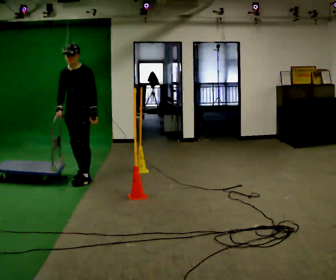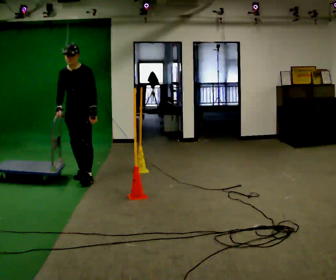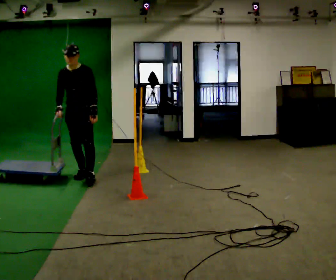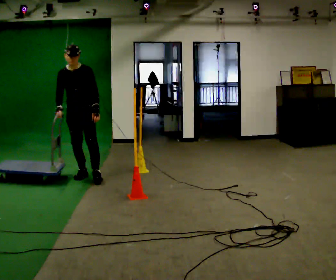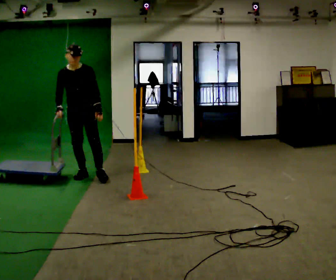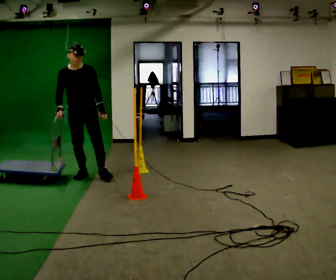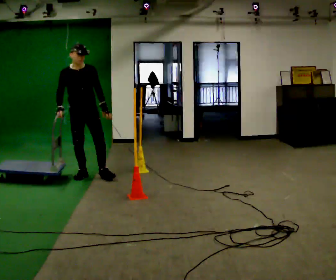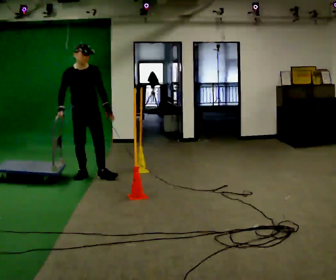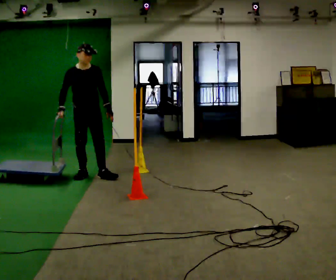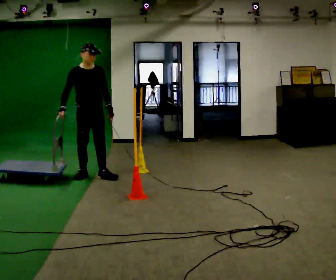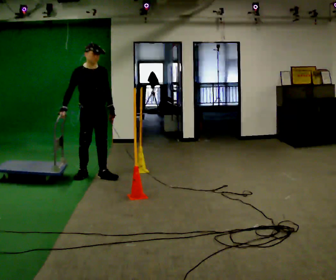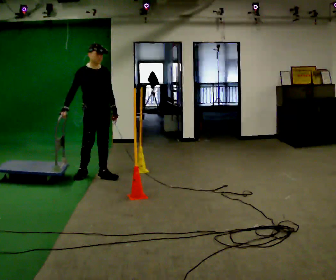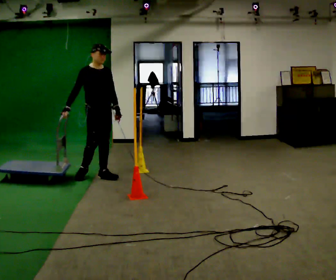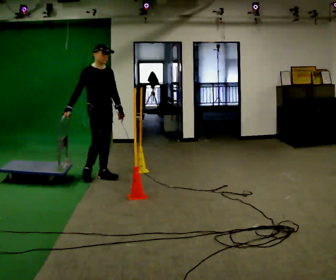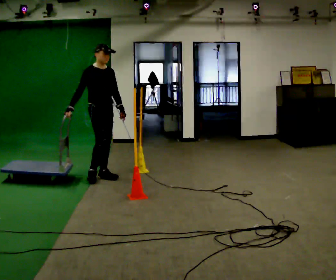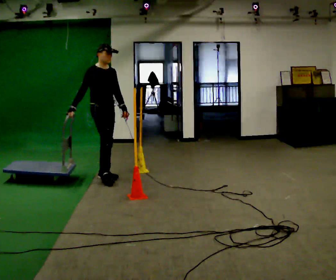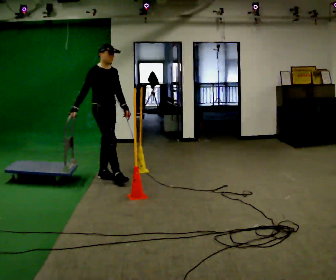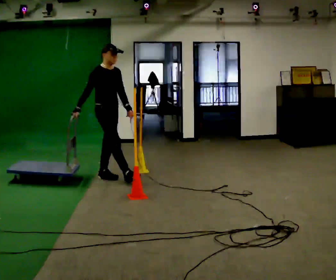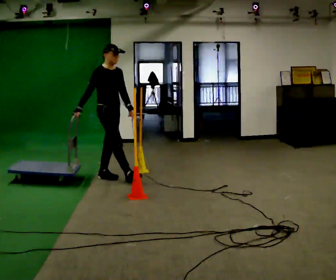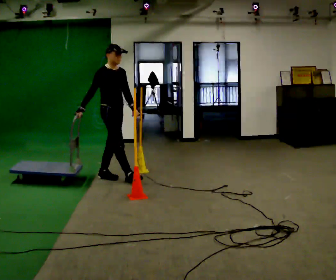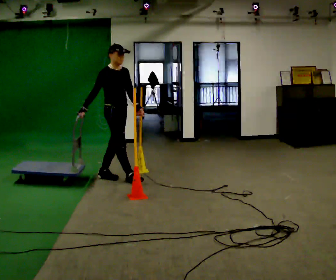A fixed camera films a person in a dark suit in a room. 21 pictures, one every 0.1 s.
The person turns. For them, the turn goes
to their left.
The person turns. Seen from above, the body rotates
counterclockwise.
0.0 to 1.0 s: The person turns about 60 degrees to their left, counterclockwise seen from above, so the part of the body nearest the lens slides to the right.
1.0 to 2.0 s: Seen from above the body turns counterclockwise, about 30 degrees: to their left, with its near side sliding to the right. In the picture they go to the right, about 0.25 m in 1 step, which for them is forward.
The film runs forward here.
